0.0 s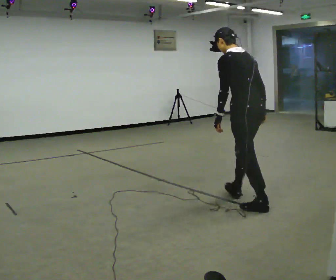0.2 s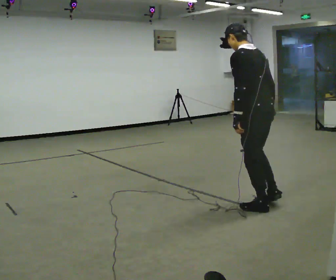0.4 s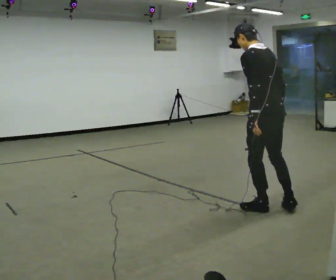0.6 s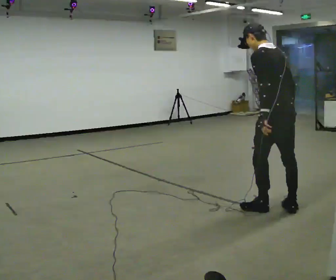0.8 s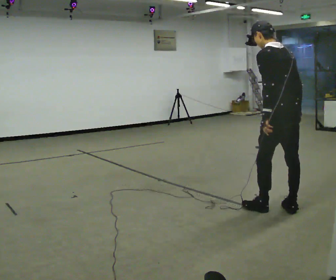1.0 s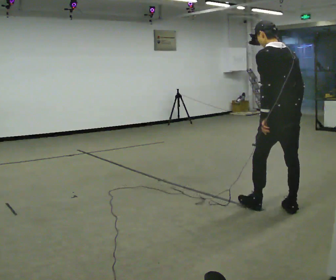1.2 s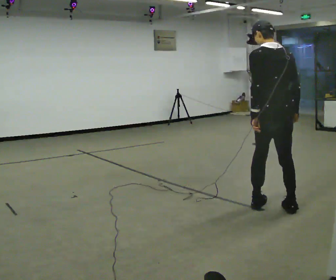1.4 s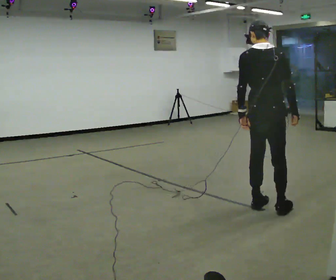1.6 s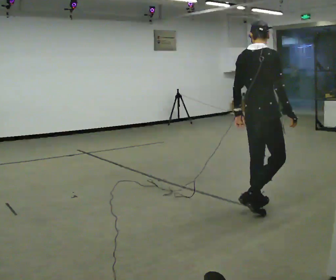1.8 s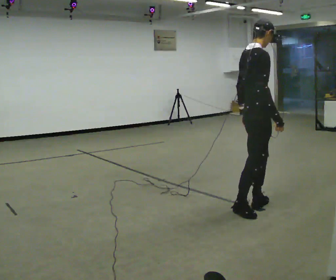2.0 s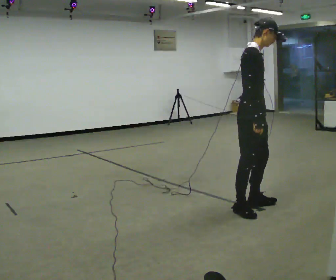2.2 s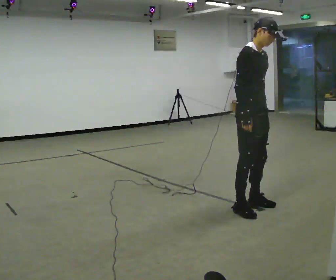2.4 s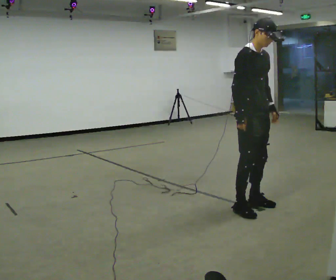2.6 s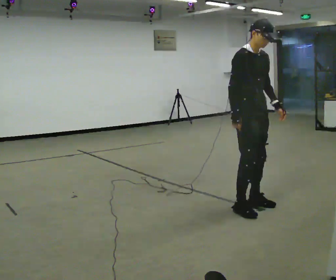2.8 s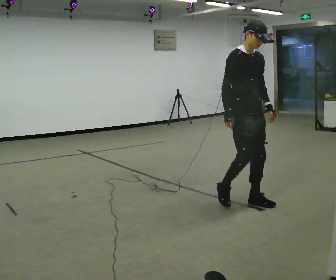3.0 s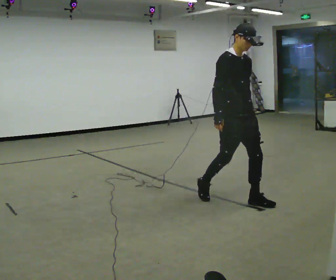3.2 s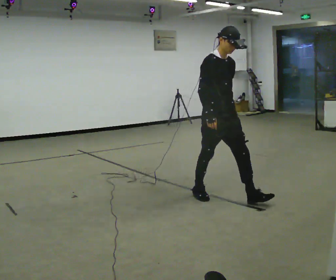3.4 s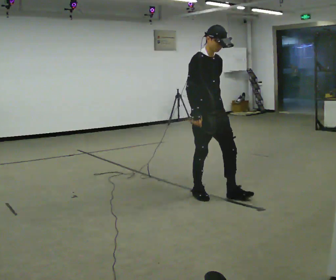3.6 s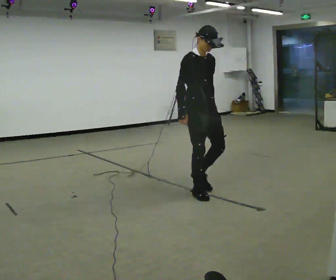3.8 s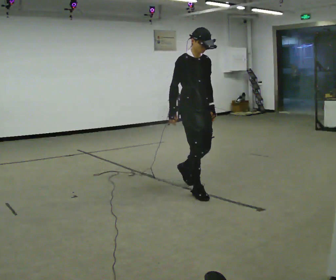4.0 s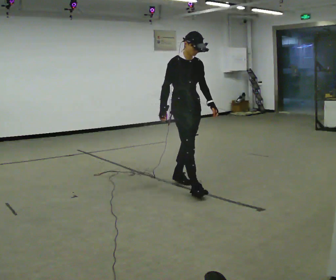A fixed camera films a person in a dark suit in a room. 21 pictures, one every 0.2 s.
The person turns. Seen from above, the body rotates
clockwise.
The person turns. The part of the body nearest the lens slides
to the left.
0.0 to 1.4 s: Seen from above the body turns clockwise, about 45 degrees: to their right, with its near side sliding to the left. In the picture they go toward the camera and to the right, about 0.25 m in 1 step, which for them is backward. In the picture the upper body tilts clockwise, shoulders to the right.
1.4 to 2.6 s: The person turns about 135 degrees to their right, clockwise seen from above, so the part of the body nearest the lens slides to the left. In the picture they go to the left and away from the camera, about 0.25 m in 1 step.
2.6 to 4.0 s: In the picture they go to the left and away from the camera, about 1 m in 2 steps, which for them is backward.
The film runs backward here.
